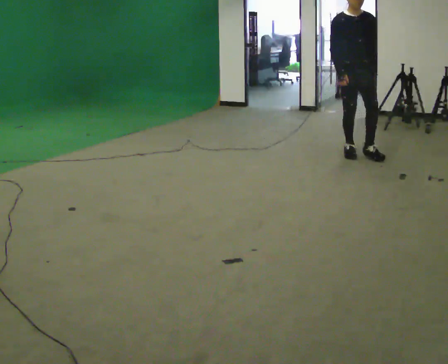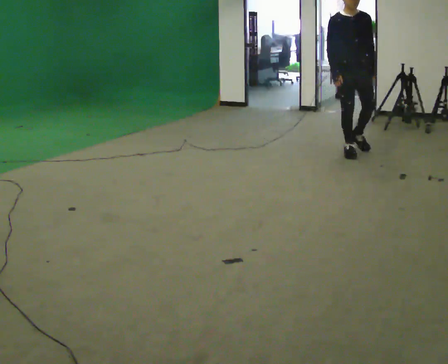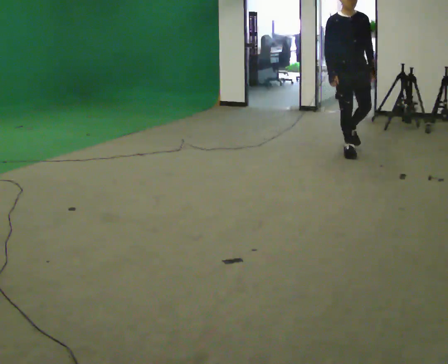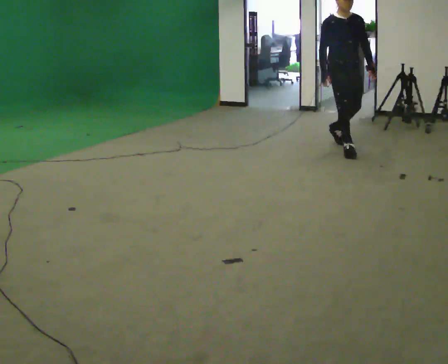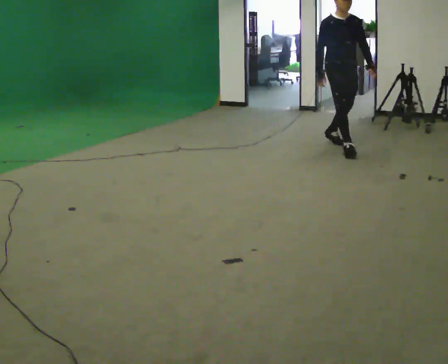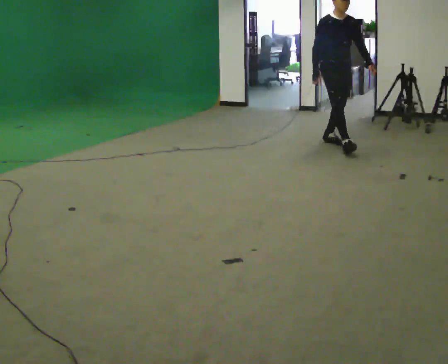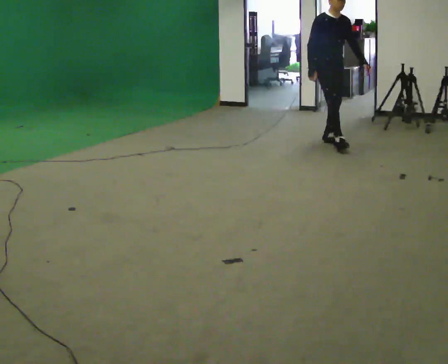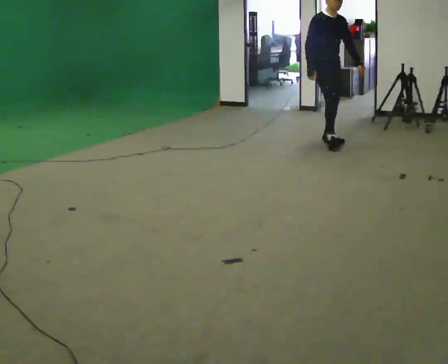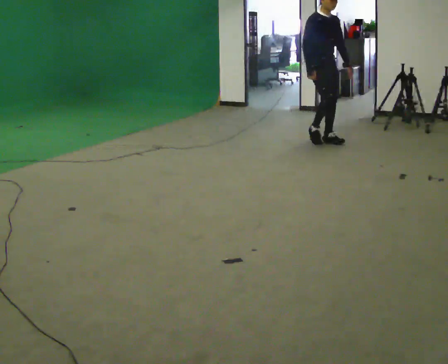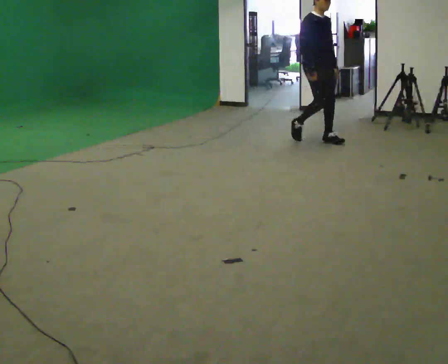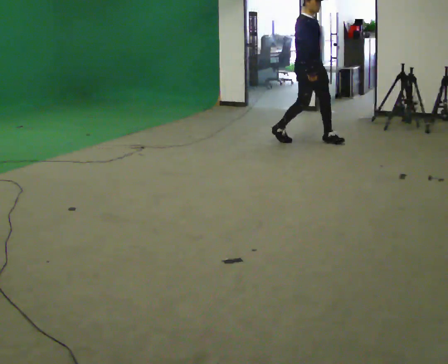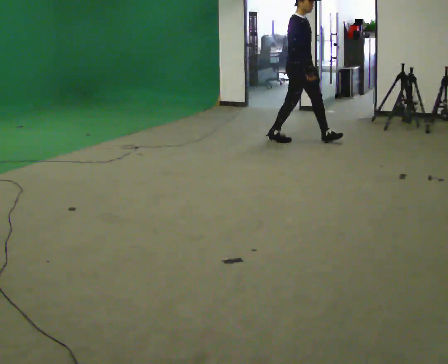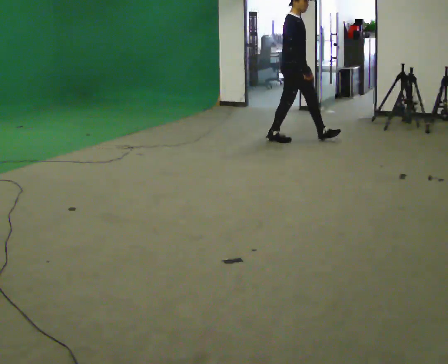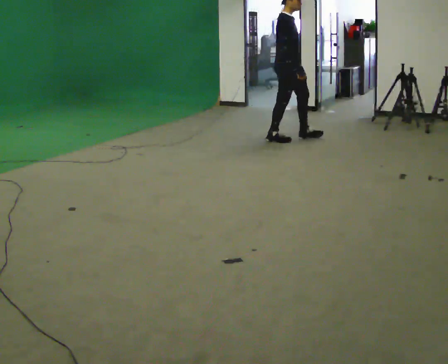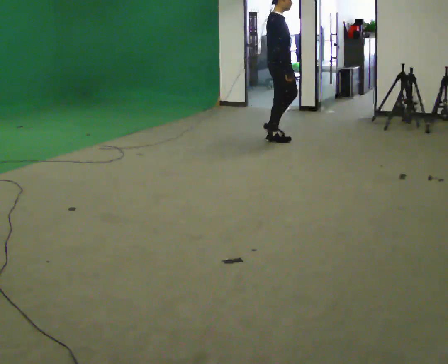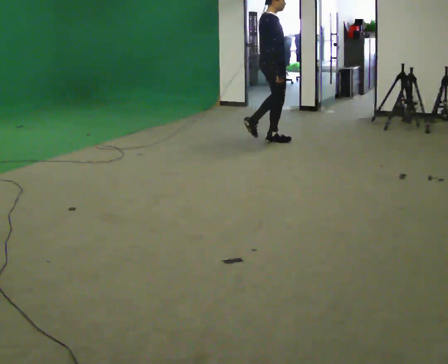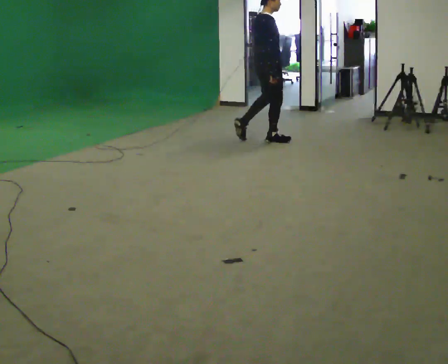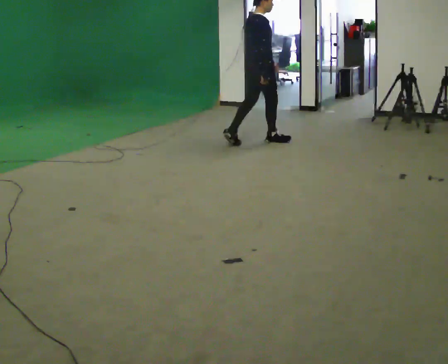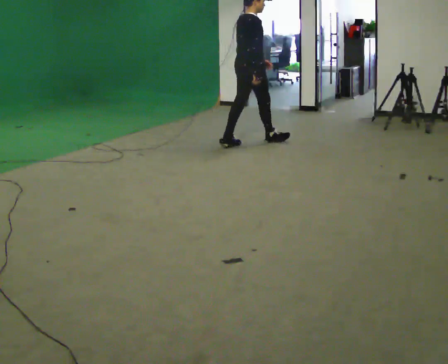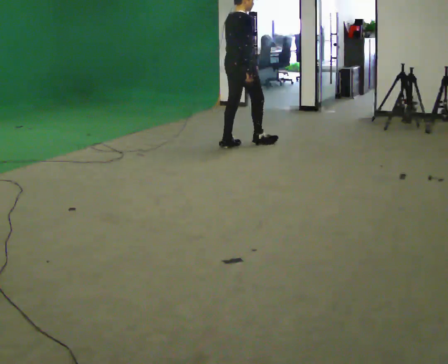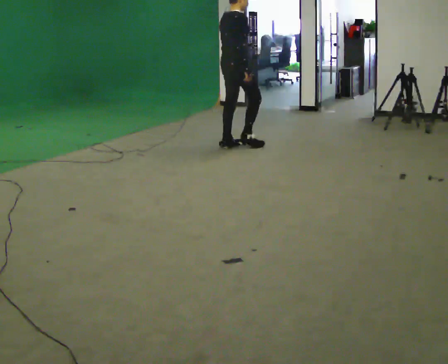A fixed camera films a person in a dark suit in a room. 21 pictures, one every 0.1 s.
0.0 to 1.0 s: The person turns about 45 degrees to their left, counterclockwise seen from above, so the part of the body nearest the lens slides to the right. In the picture they go away from the camera and to the left, about 0.5 m in 1 step, which for them is backward.
1.0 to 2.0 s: Seen from above the body turns counterclockwise, about 75 degrees: to their left, with its near side sliding to the right. In the picture they go to the left and toward the camera, about 1 m in 2 steps.
The film runs backward here.
